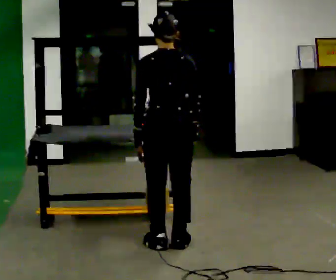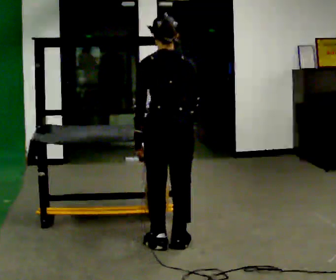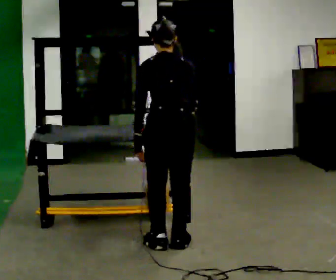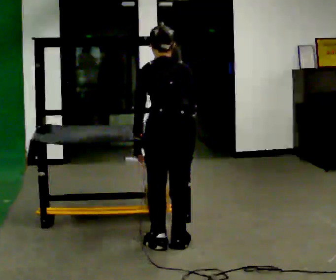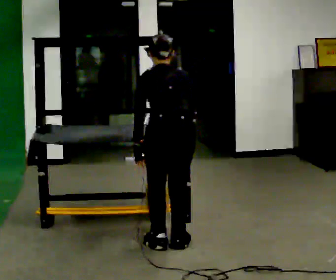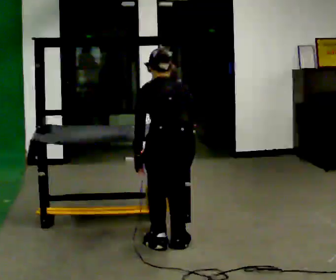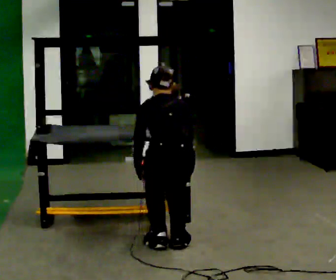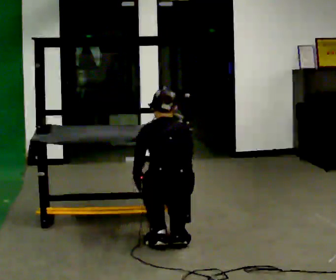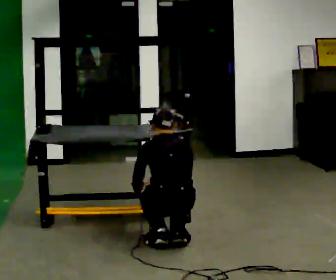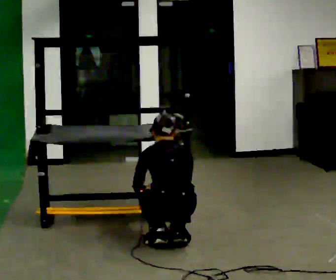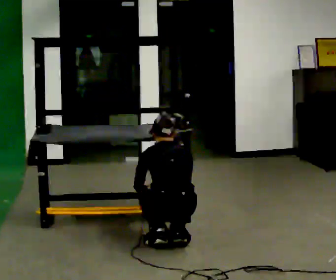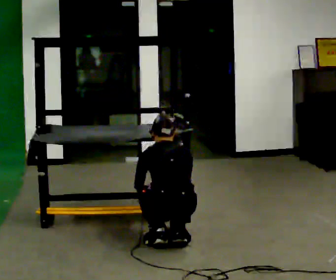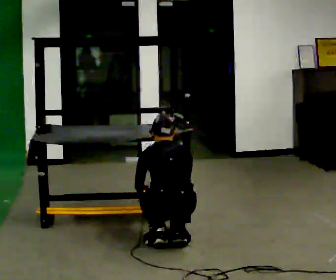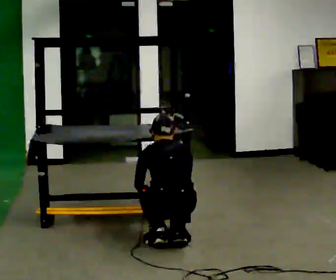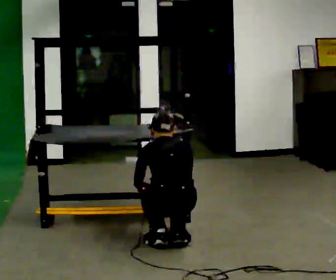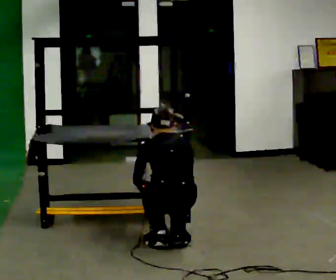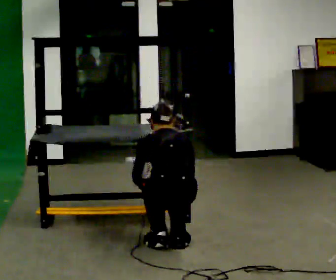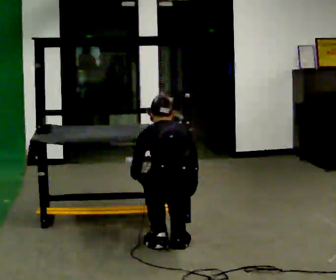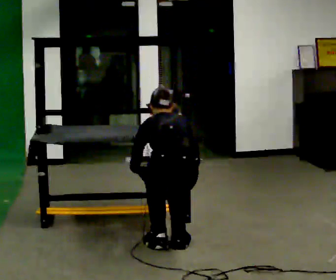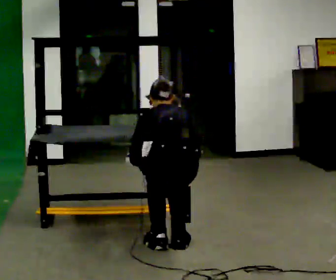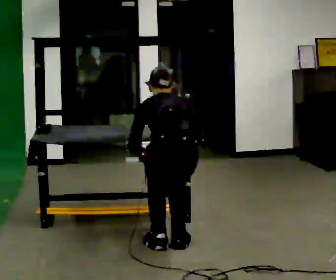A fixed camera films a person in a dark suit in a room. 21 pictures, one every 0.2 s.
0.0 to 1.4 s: The upper body goes downward. The upper body tips away from the camera, its near side rolling upward, as they bend forward. In the picture their left hand goes downward.
1.4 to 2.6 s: The upper body goes downward.
2.6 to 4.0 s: The upper body goes upward. In the picture their right hand goes upward.
The film runs backward here.
